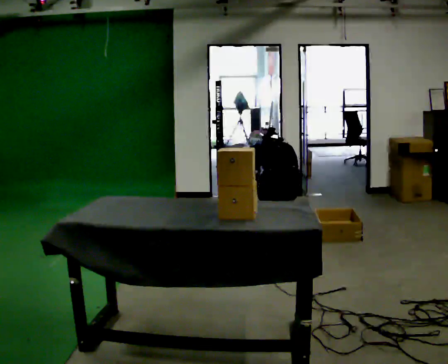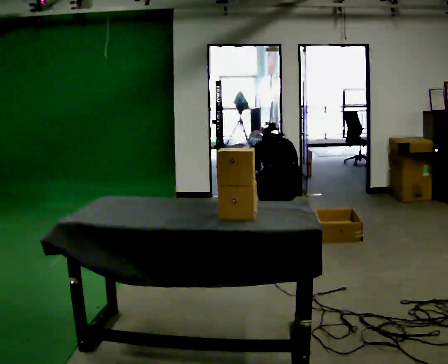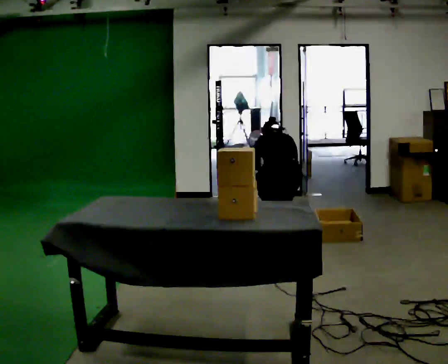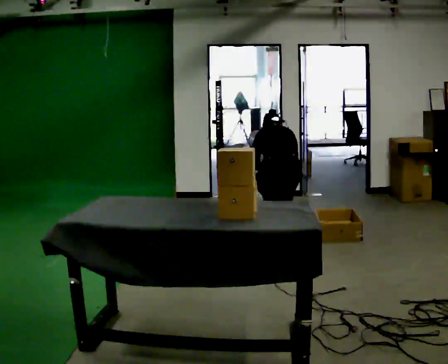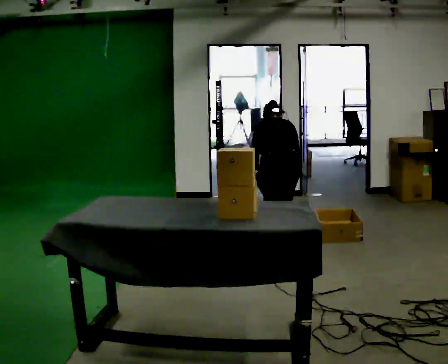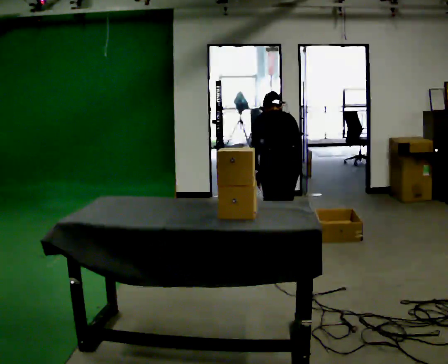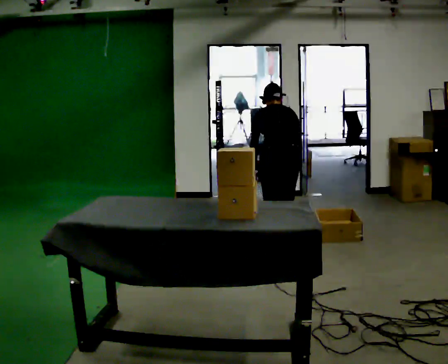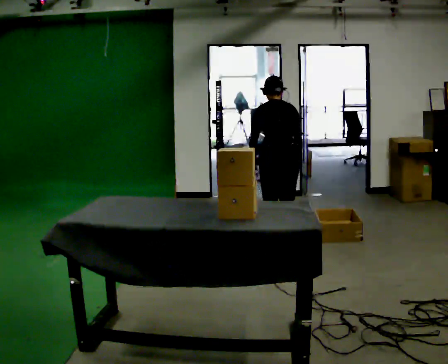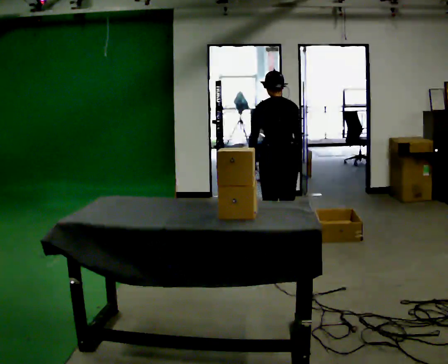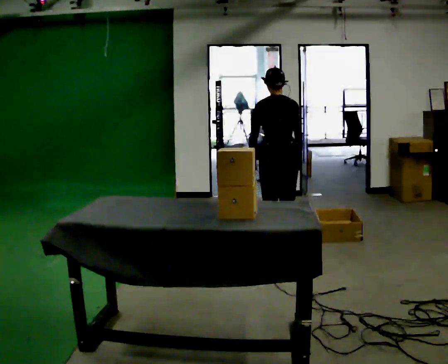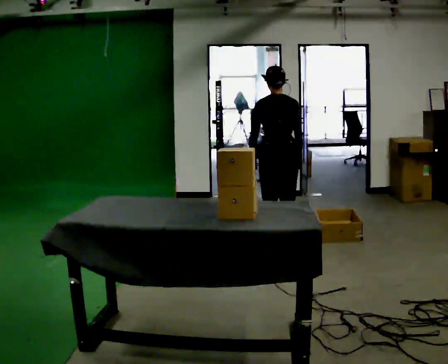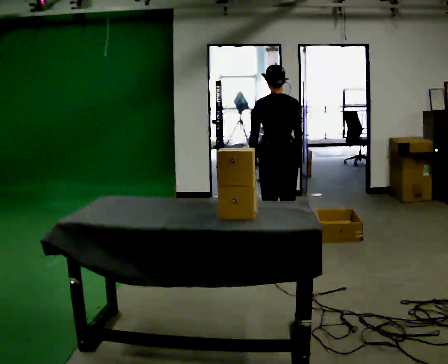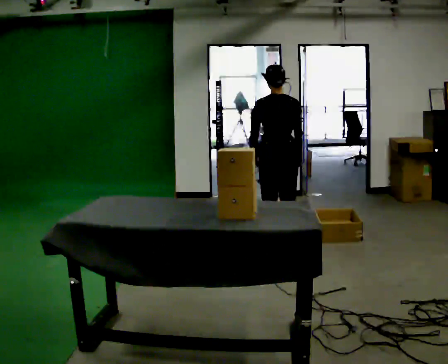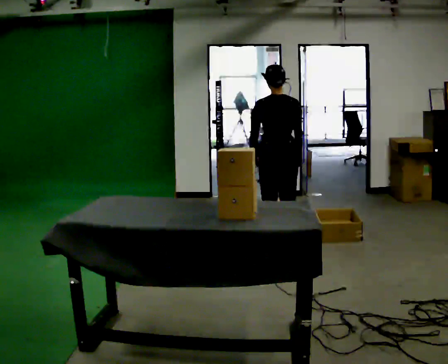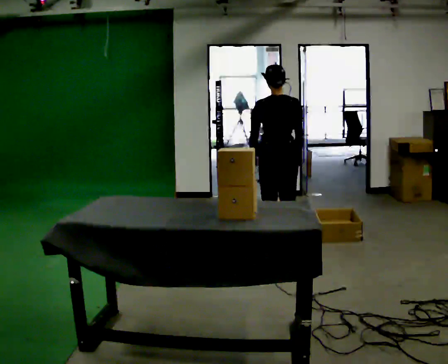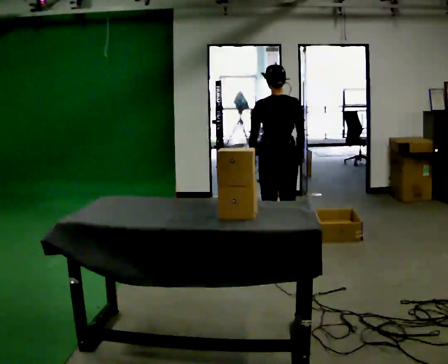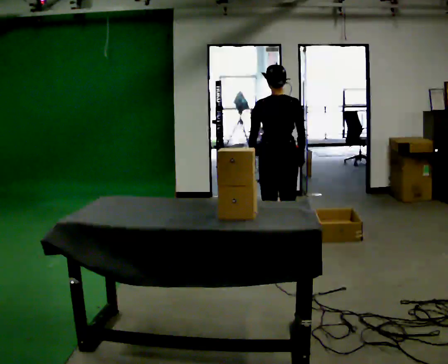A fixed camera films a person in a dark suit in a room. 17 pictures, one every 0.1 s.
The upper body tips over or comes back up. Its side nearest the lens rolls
downward.
Their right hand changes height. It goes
upward.
0.0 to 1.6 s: The upper body goes upward. The upper body tips toward the camera, its near side rolling downward, as they lean back or straighten. In the picture their left hand goes upward.
The film runs forward here.
